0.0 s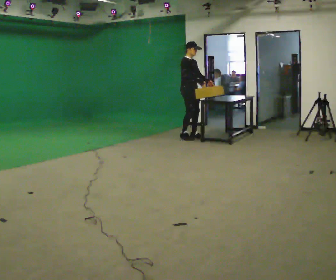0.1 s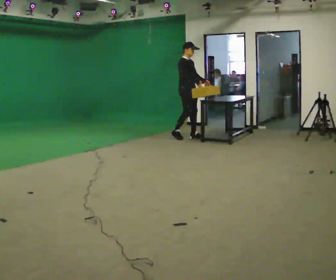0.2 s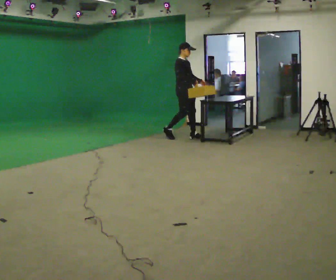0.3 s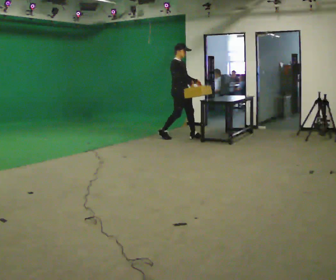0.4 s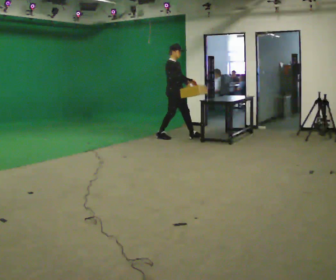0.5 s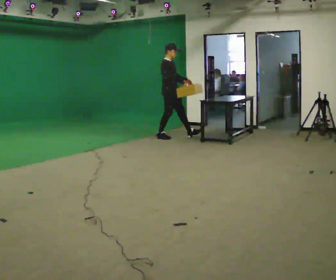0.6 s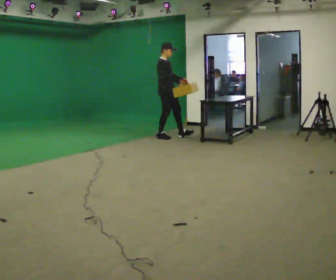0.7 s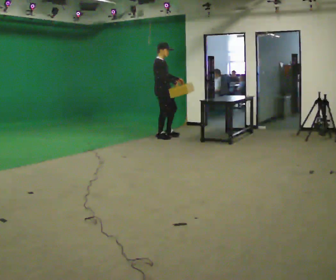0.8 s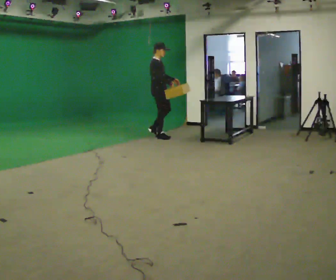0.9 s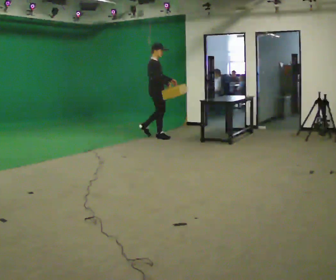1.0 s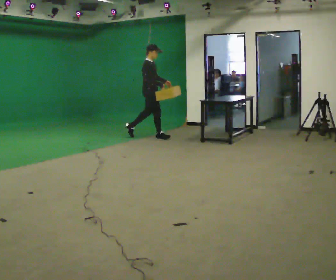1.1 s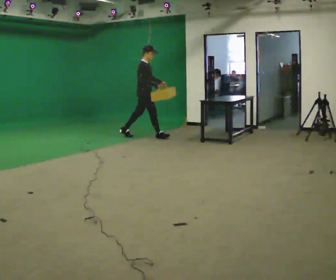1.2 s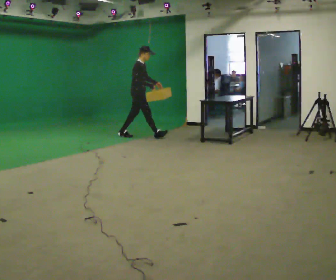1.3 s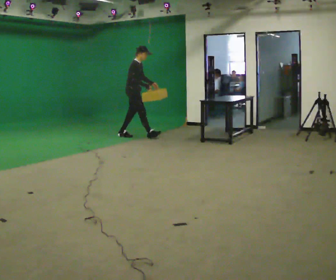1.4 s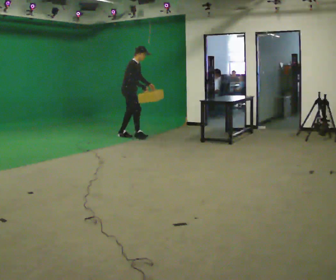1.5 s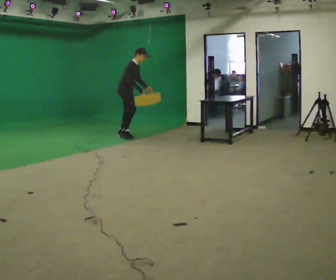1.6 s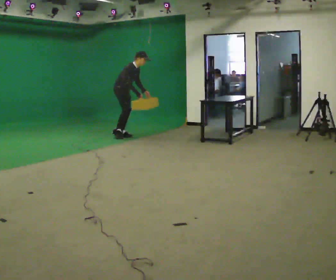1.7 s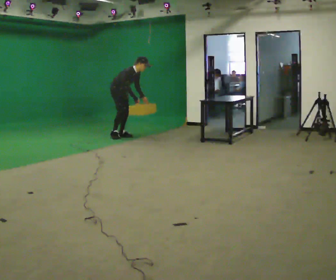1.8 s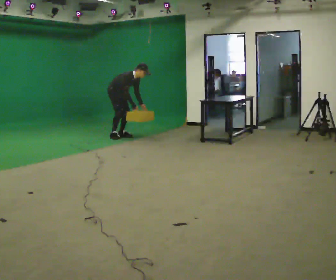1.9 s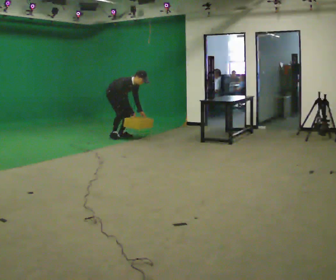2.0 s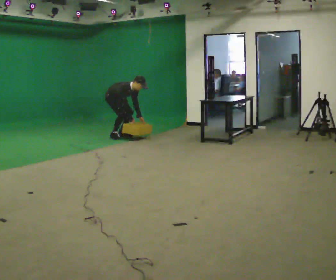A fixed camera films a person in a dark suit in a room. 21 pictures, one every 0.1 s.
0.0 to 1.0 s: The person turns about 30 degrees to their left, counterclockwise seen from above, so the part of the body nearest the lens slides to the right. In the picture they go to the left, about 0.5 m in 1 step, which for them is backward.
1.0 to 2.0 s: In the picture they go to the left, about 0.75 m in 1 step, which for them is backward. The upper body goes downward. In the picture the upper body tilts clockwise, shoulders to the right, as they bend forward. In the picture their right hand goes downward.
The film runs backward here.
